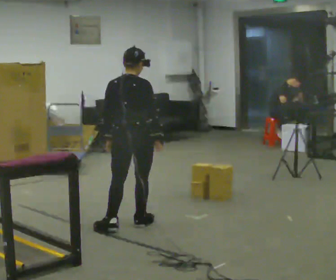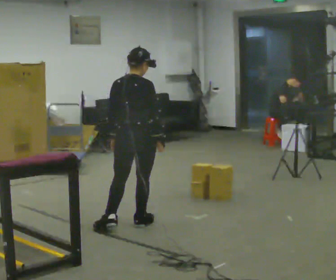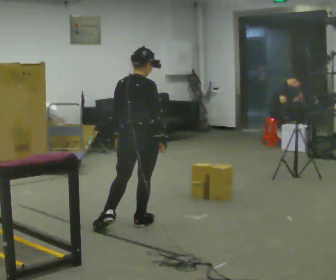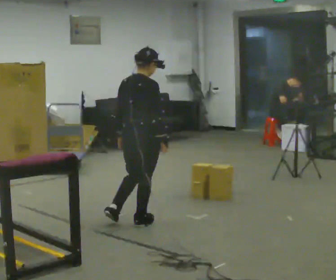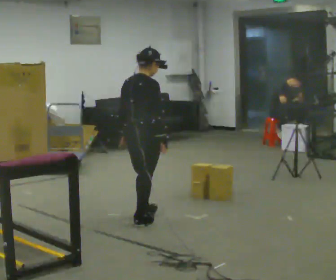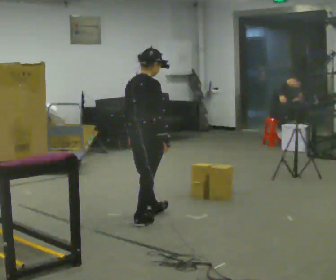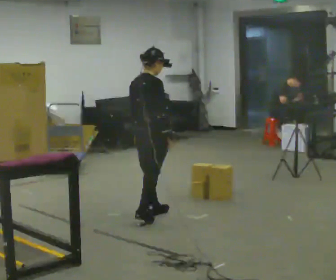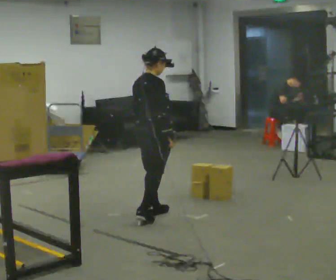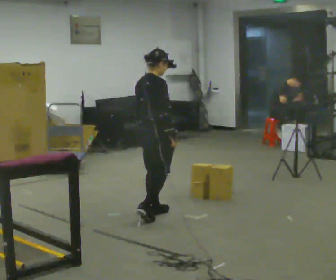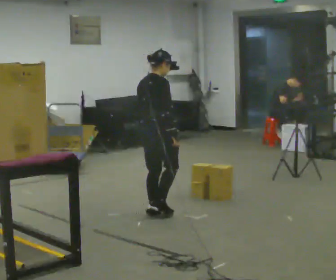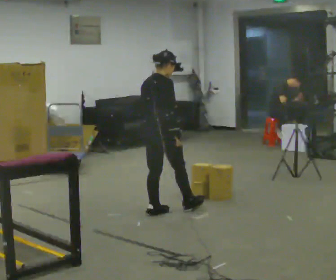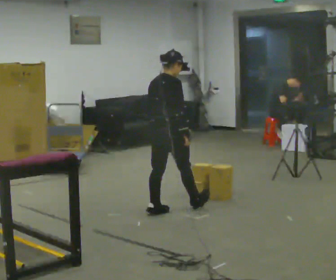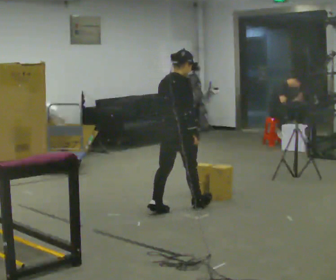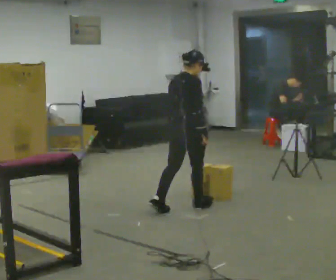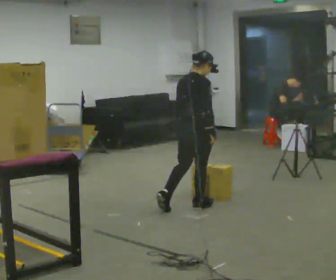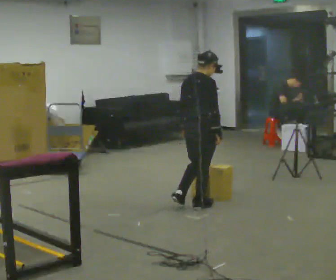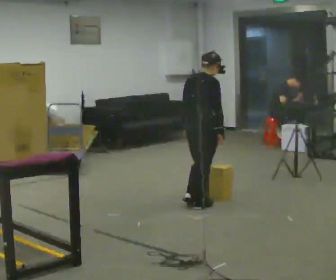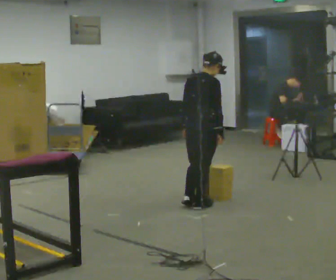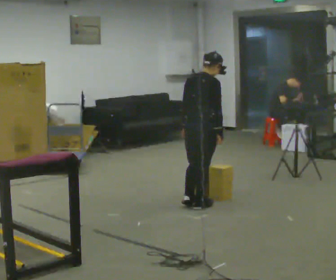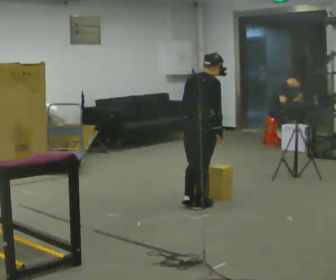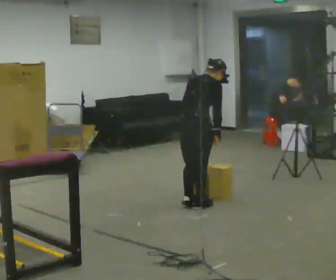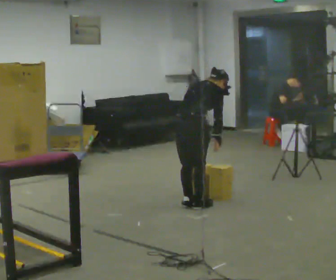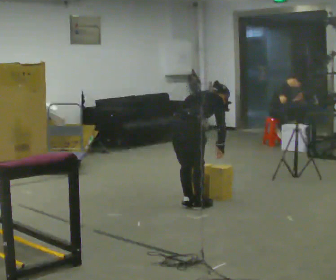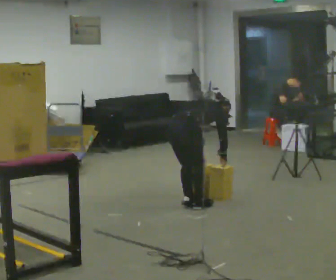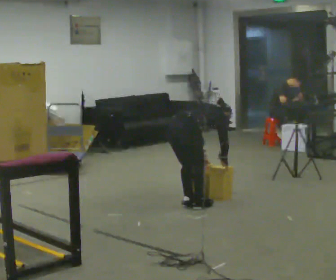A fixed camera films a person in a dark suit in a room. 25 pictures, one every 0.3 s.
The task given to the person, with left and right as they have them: Pick an object up off the floor, carry it across the room, and place it on the highest shelf you can comfortably reach. Keep going until the operator says stop; one object at a time, and do not rush between trips.
0.0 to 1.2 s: The person moves a little, or ends about where they began.
1.2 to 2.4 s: In the picture they go away from the camera, about 0.25 m in 1 step, which for them is forward and to their left.
2.4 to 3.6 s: In the picture they go to the right and away from the camera, about 0.25 m in 1 step, which for them is forward.
3.6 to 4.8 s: In the picture they go to the right, about 0.25 m in 1 step, which for them is forward.
4.8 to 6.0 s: The person moves a little, or ends about where they began.
6.0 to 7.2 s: The shoulders move downward. The upper body tips away from the camera, its near side rolling upward, as they bend forward.
The film runs forward here.
